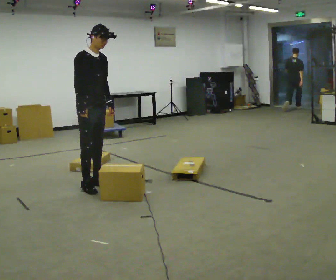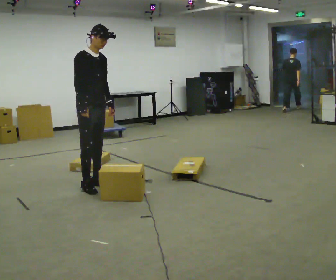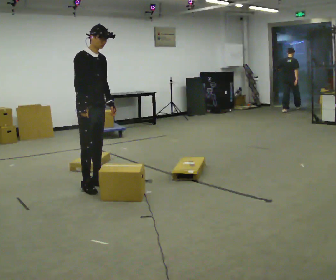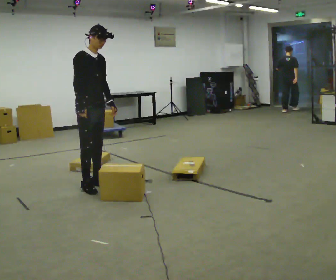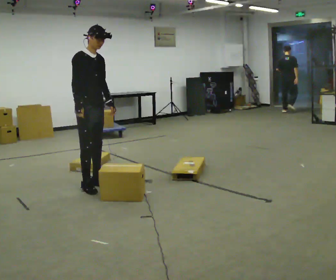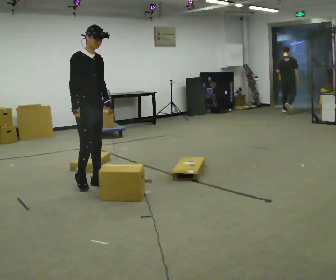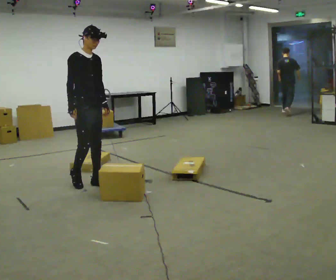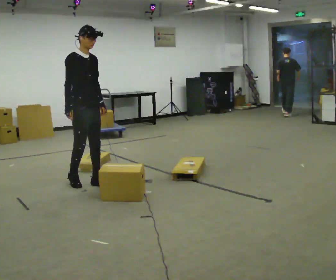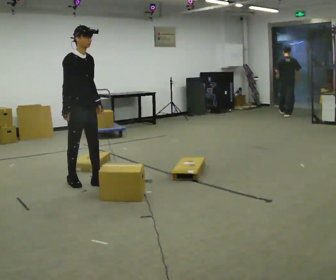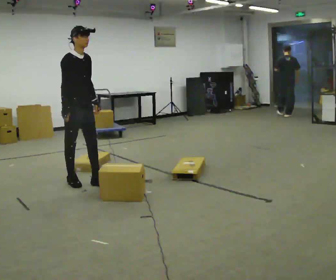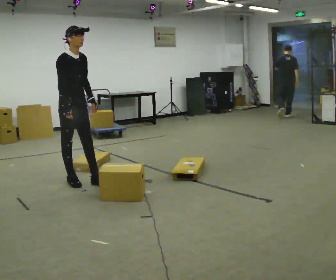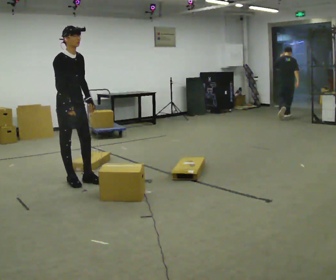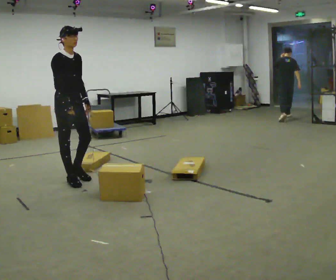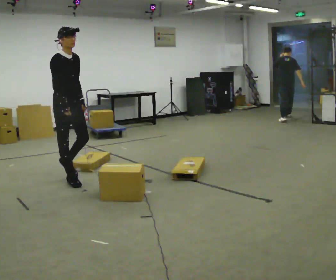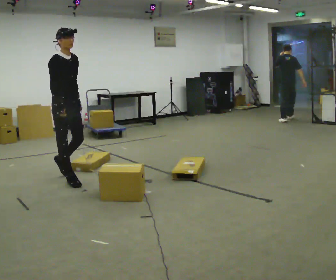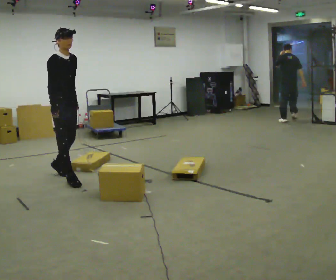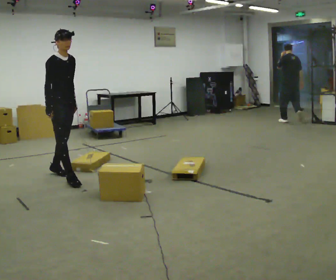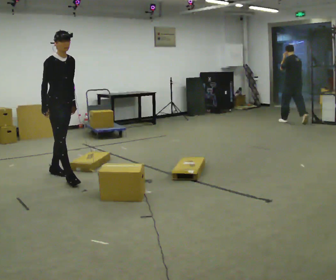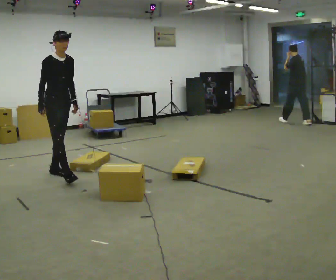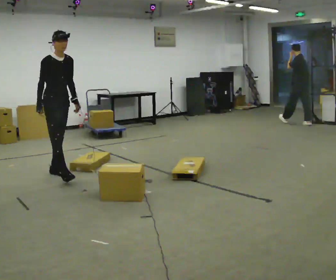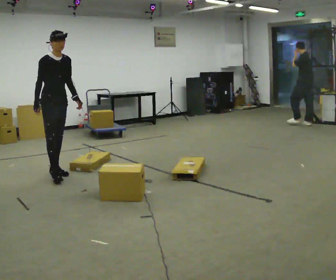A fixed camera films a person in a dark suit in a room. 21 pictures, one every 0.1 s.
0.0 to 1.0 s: In the picture they go to the left, about 0.25 m in 2 steps, which for them is backward.
1.0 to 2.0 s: In the picture they go away from the camera and to the left, about 0.5 m in 1 step, which for them is backward.
The film runs backward here.
